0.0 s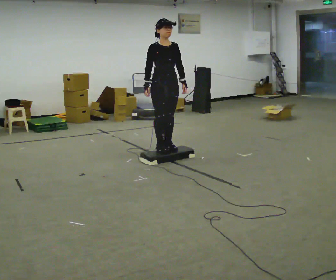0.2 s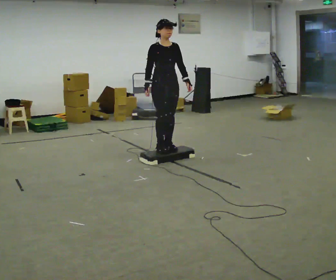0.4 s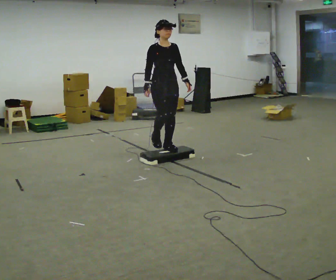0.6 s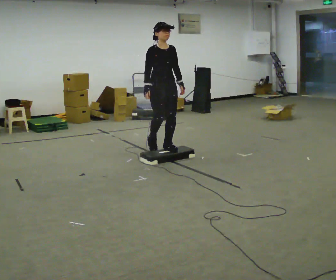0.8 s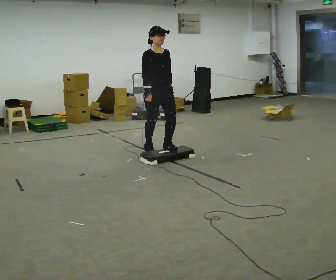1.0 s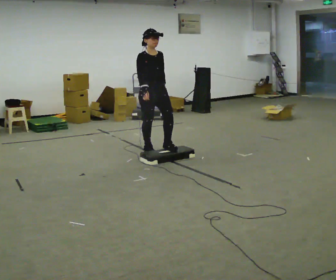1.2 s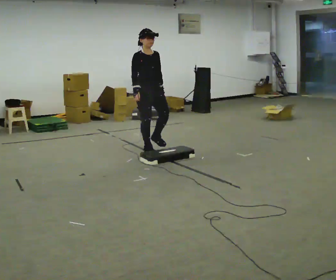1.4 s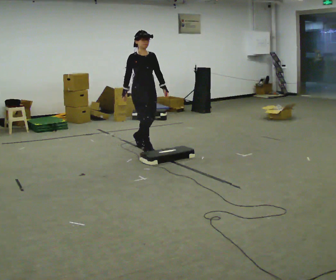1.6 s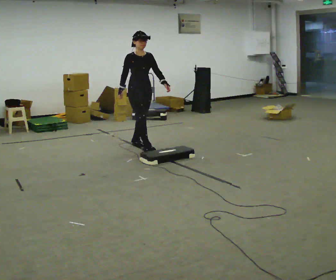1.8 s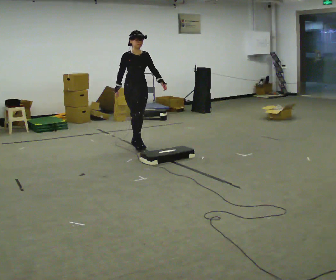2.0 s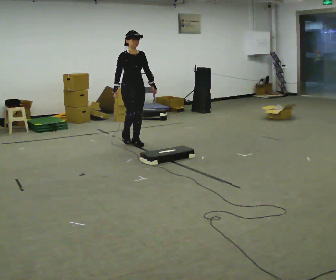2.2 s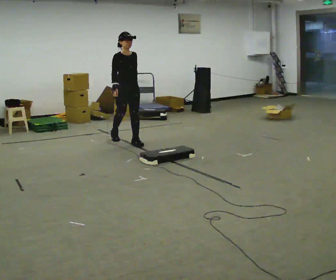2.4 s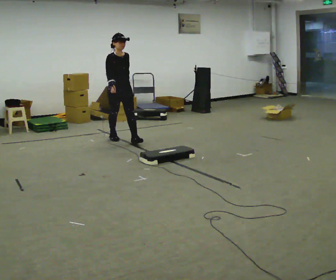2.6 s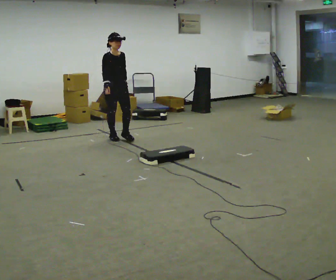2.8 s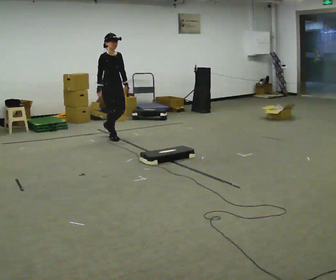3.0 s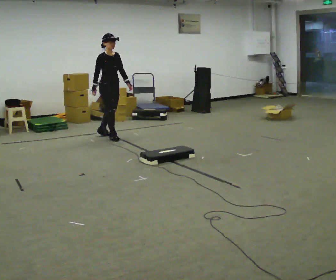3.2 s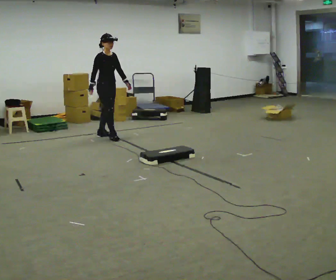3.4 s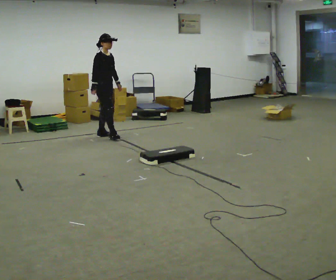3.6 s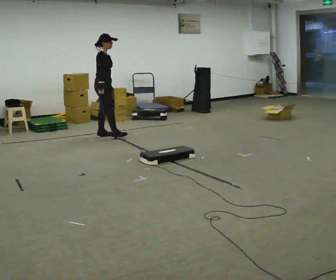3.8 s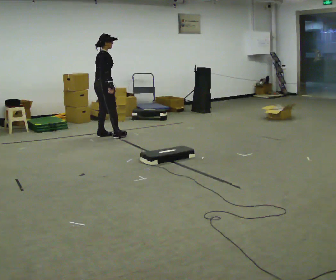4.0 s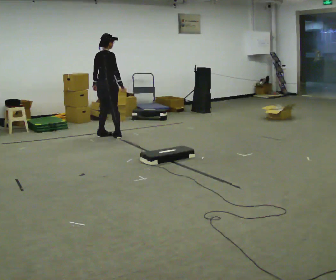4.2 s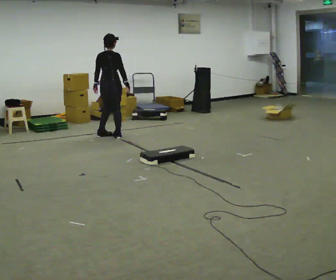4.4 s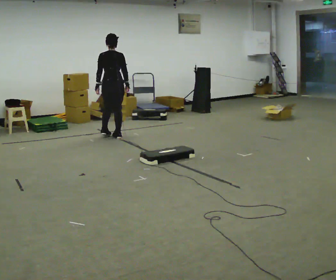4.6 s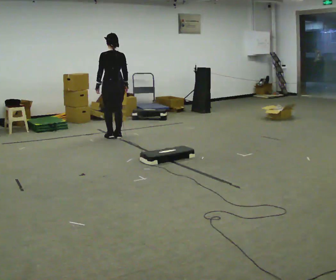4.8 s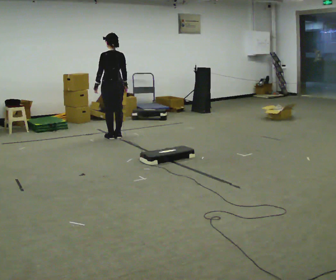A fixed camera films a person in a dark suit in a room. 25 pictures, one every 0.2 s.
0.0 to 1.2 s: In the picture they go away from the camera and to the left, about 0.25 m in 2 steps, which for them is backward.
1.2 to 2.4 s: In the picture they go away from the camera and to the left, about 1 m in 2 steps, which for them is backward.
2.4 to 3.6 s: The part of the body nearest the lens slides to the right as the person turns to their left by about 45 degrees. In the picture they go away from the camera and to the left, about 0.5 m, which for them is backward.
3.6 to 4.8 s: Seen from above the body turns counterclockwise, about 120 degrees: to their left, with its near side sliding to the right. In the picture they go to the right, about 0.25 m in 1 step. In the picture their right hand goes to the right.
The film runs backward here.
